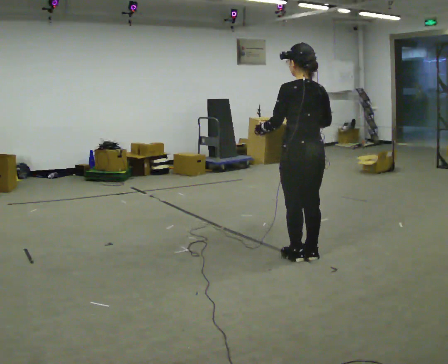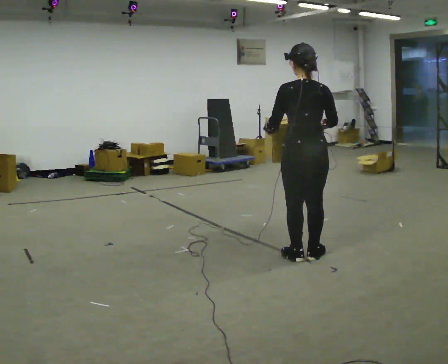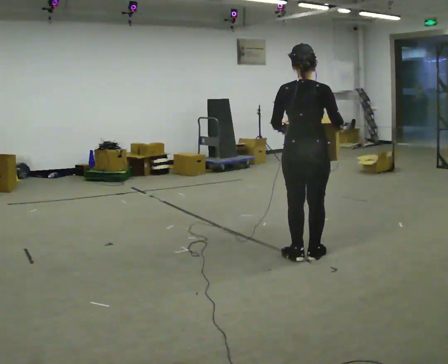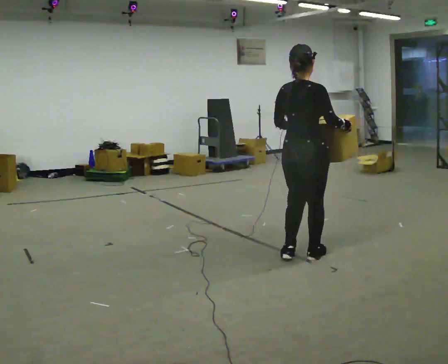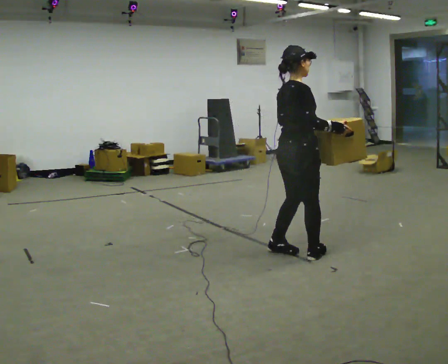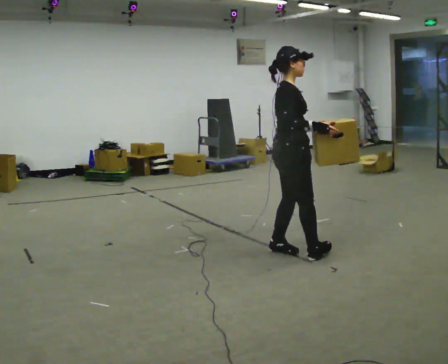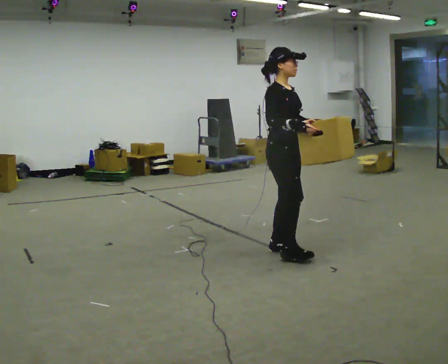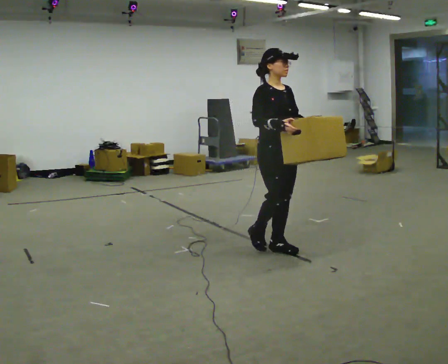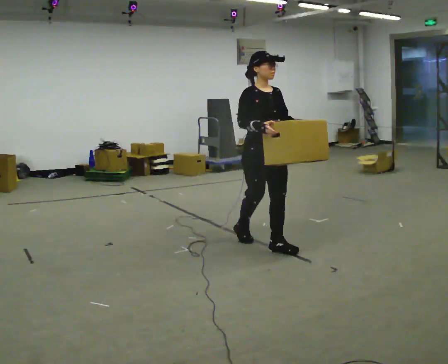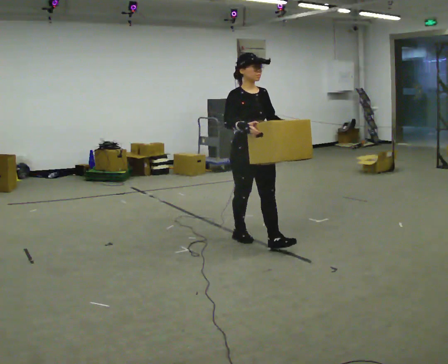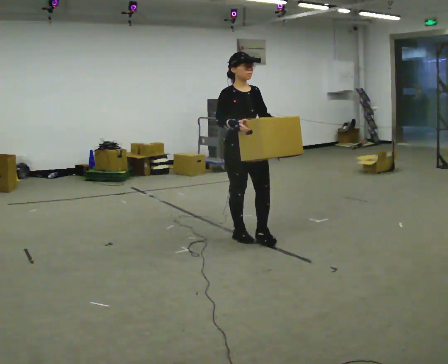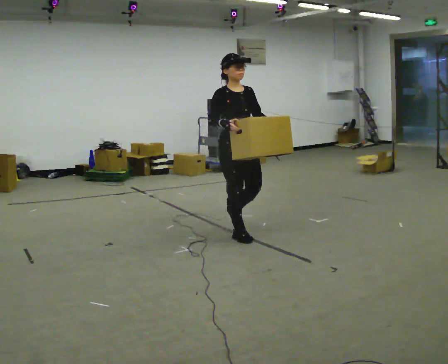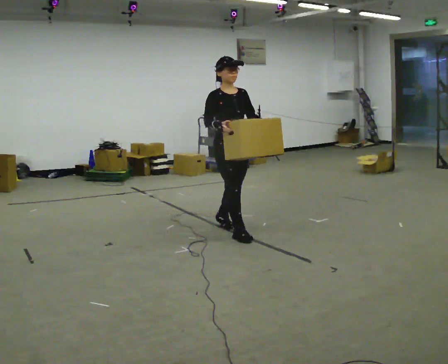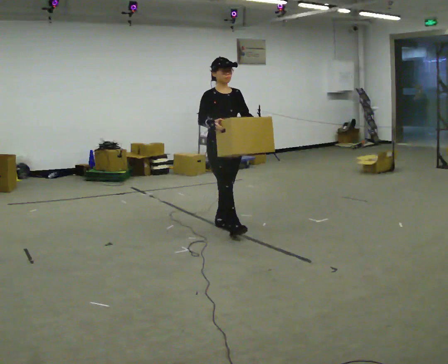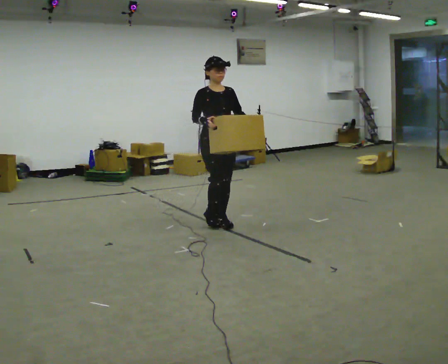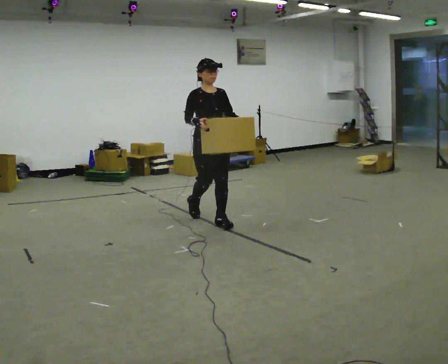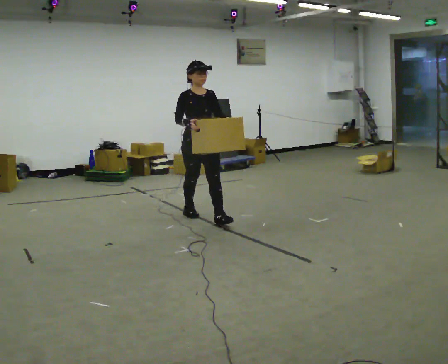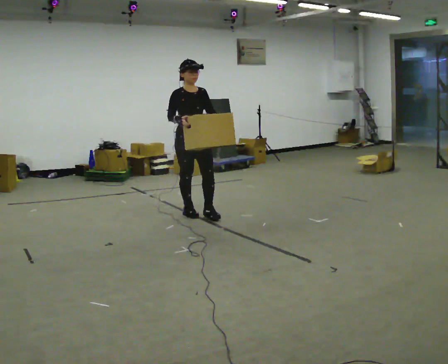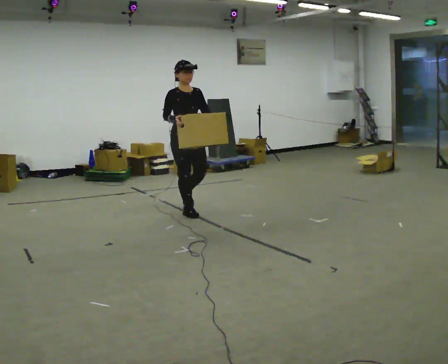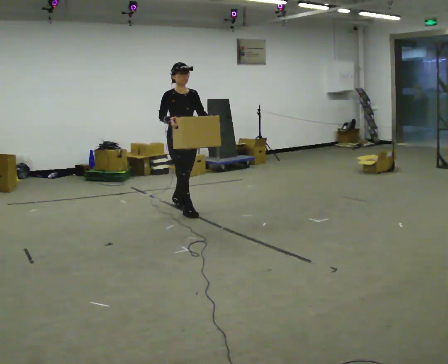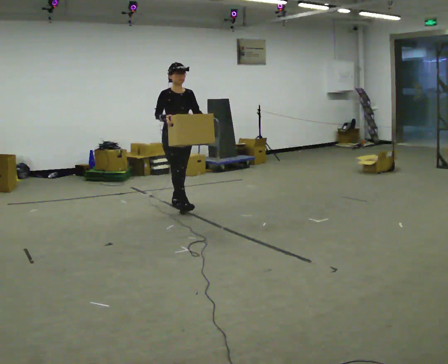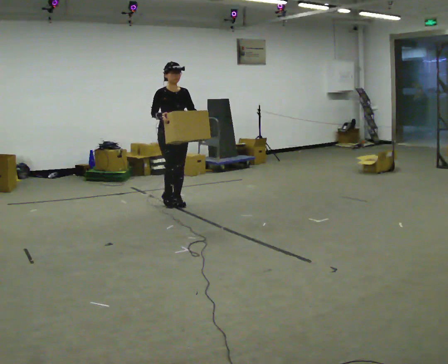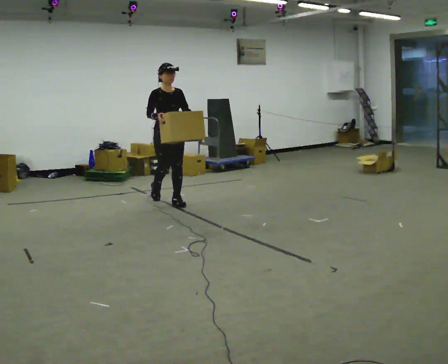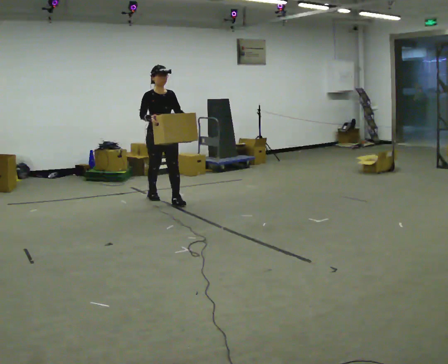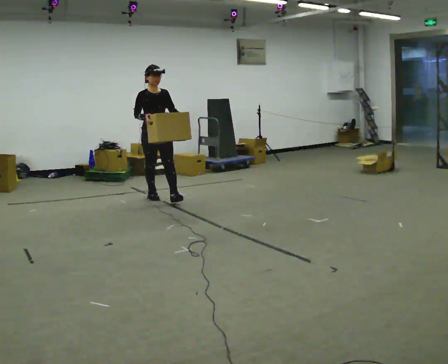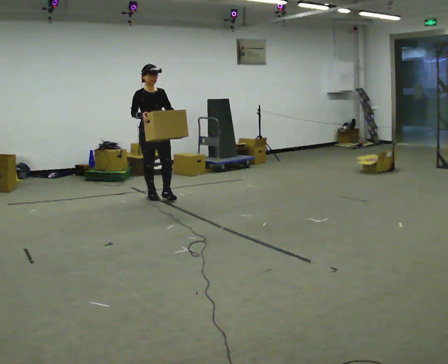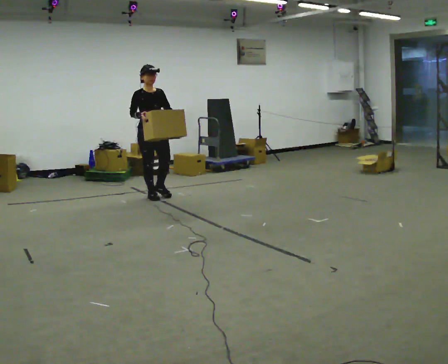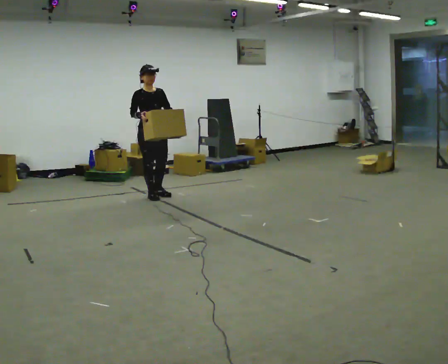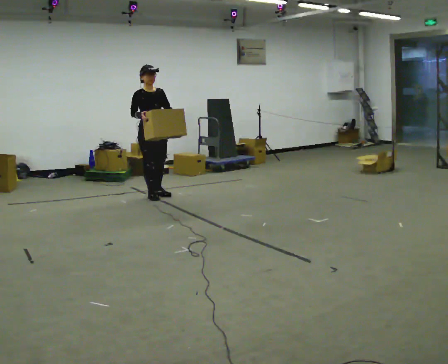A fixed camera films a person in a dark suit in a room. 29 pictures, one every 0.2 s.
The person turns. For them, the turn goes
to their right.
The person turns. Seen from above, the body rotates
clockwise.
0.0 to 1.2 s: Seen from above the body turns clockwise, about 150 degrees: to their right, with its near side sliding to the left. In the picture they go away from the camera and to the left, about 0.25 m in 2 steps.
1.2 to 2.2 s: The person turns about 30 degrees to their right, clockwise seen from above, so the part of the body nearest the lens slides to the left. In the picture they go away from the camera and to the left, about 0.5 m in 1 step, which for them is backward.
2.2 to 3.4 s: In the picture they go away from the camera and to the left, about 1 m in 2 steps, which for them is backward.
3.4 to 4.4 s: In the picture they go away from the camera and to the left, about 0.75 m in 1 step, which for them is backward.
4.4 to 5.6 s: In the picture they go to the left and away from the camera, about 0.25 m in 1 step, which for them is backward.
The film runs backward here.
